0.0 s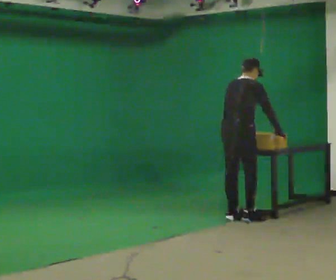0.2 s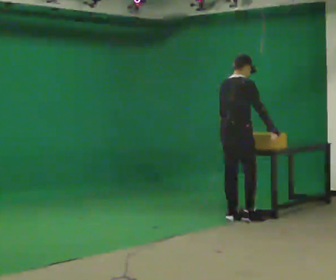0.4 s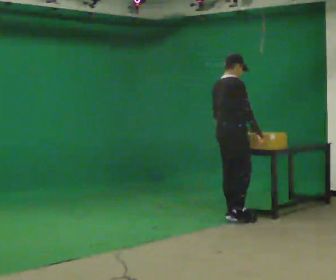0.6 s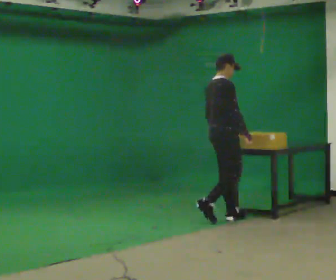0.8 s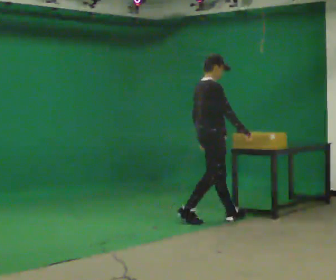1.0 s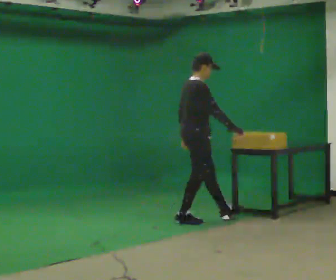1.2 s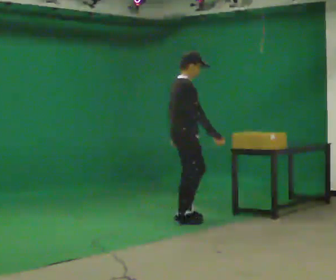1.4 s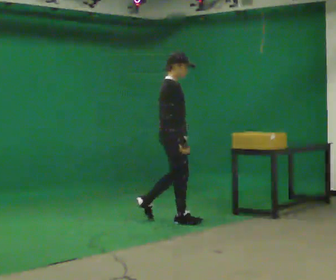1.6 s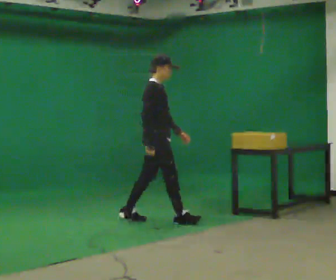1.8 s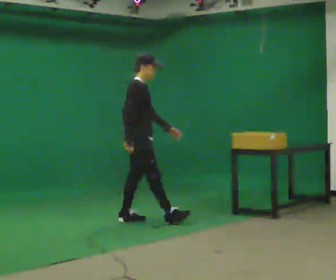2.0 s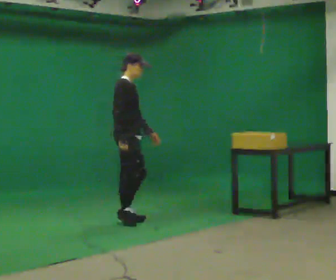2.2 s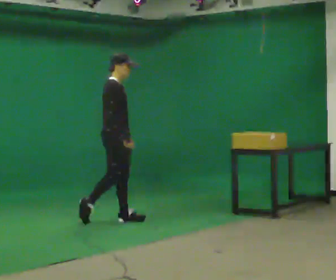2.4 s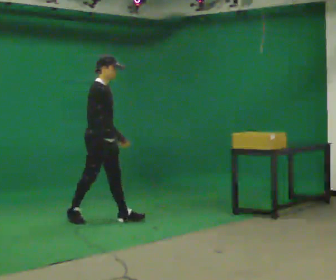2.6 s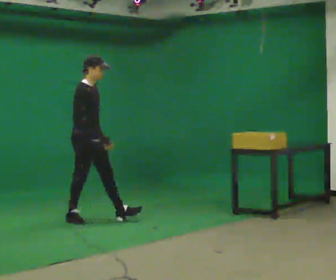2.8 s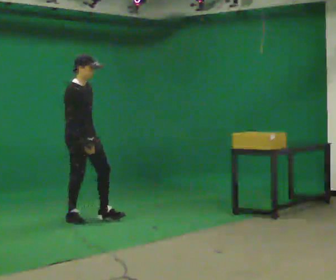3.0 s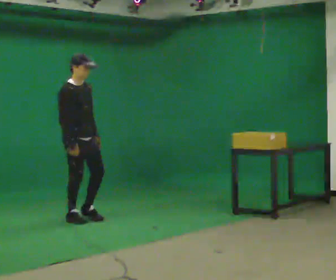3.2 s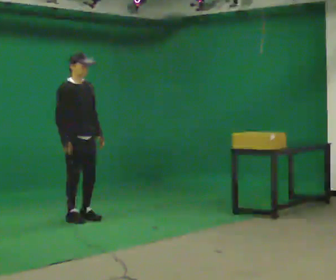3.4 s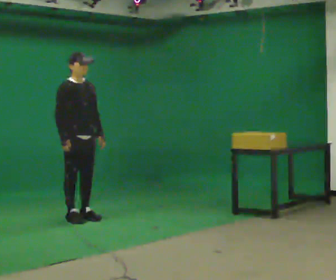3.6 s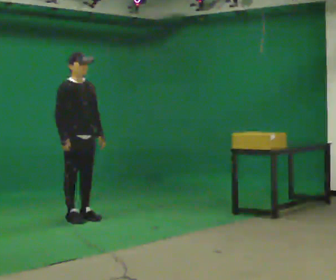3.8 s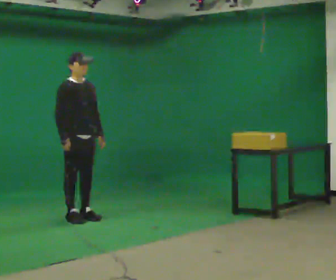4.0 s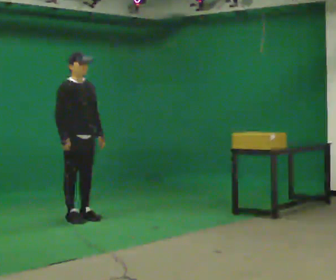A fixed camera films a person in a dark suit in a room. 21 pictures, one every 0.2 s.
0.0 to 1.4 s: The person turns about 45 degrees to their right, clockwise seen from above, so the part of the body nearest the lens slides to the left. In the picture they go to the left, about 0.75 m in 2 steps, which for them is backward. The upper body tips toward the camera, its near side rolling downward, as they lean back or straighten.
1.4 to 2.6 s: In the picture they go to the left, about 1 m in 2 steps, which for them is backward.
2.6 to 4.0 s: Seen from above the body turns clockwise, about 30 degrees: to their right, with its near side sliding to the left.
The film runs backward here.
